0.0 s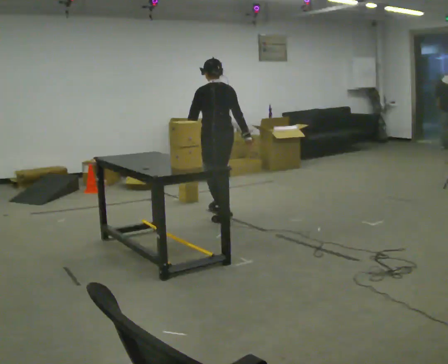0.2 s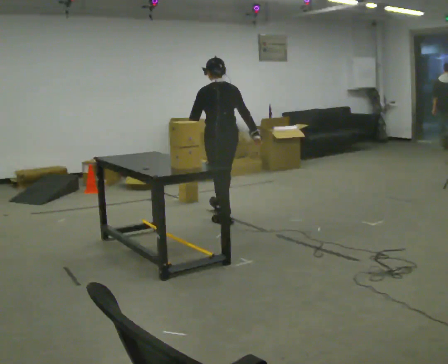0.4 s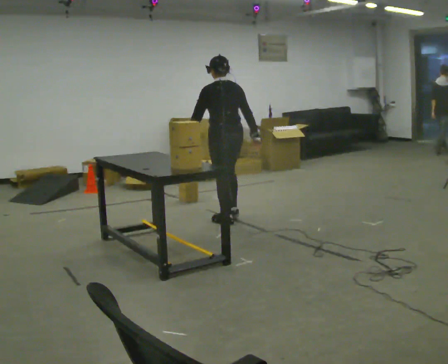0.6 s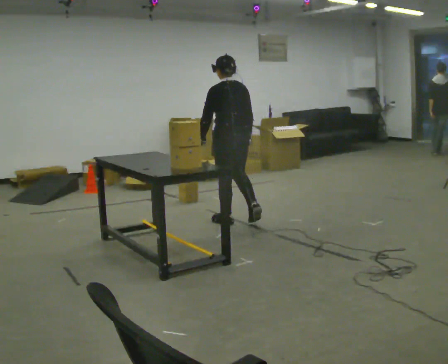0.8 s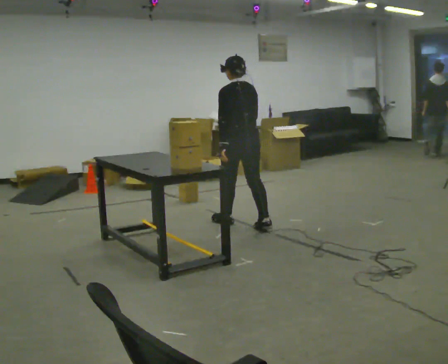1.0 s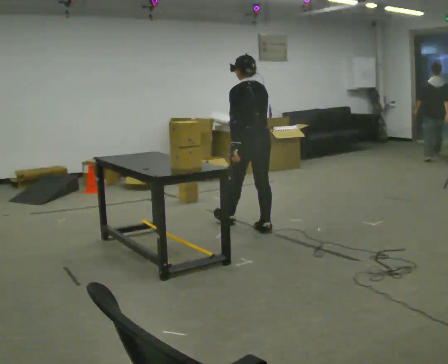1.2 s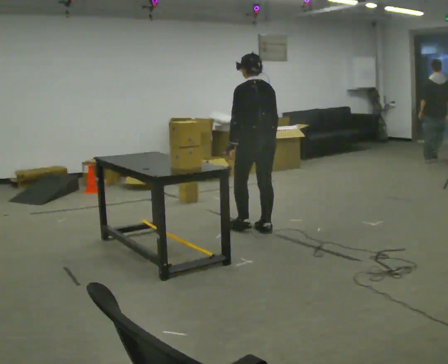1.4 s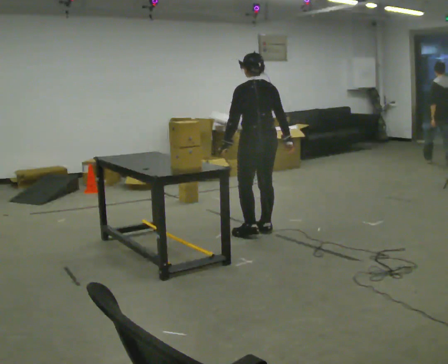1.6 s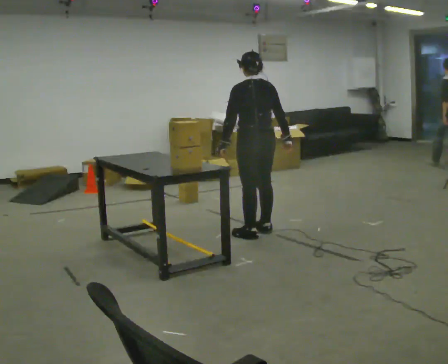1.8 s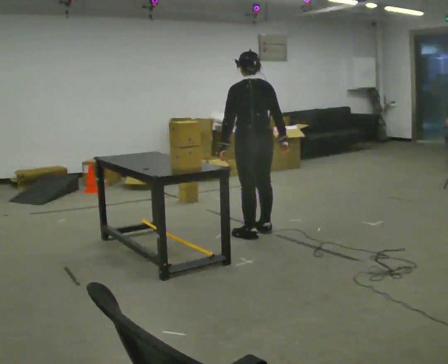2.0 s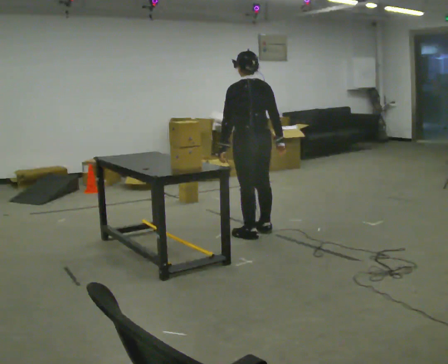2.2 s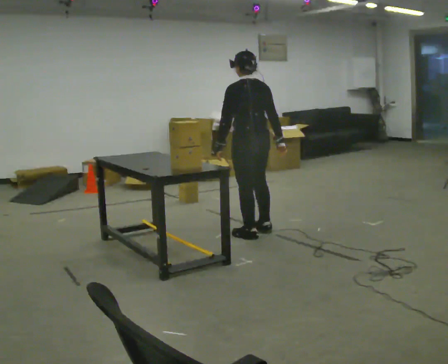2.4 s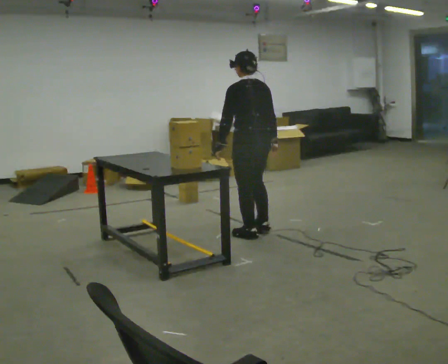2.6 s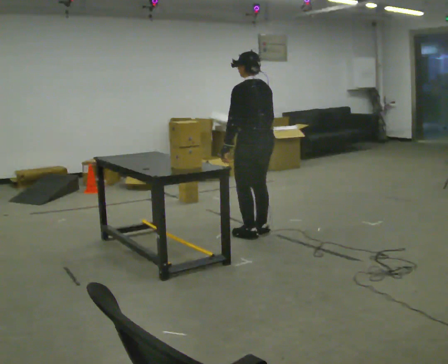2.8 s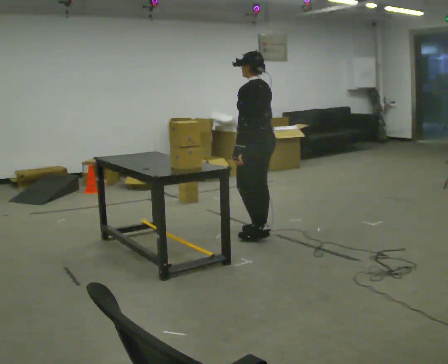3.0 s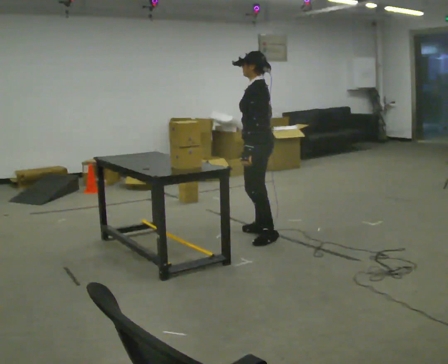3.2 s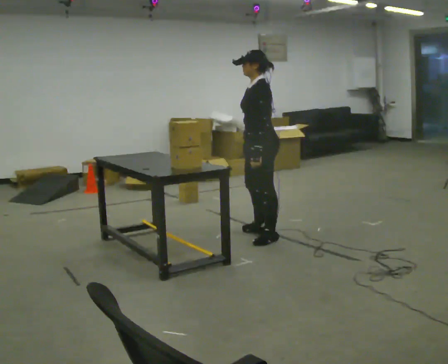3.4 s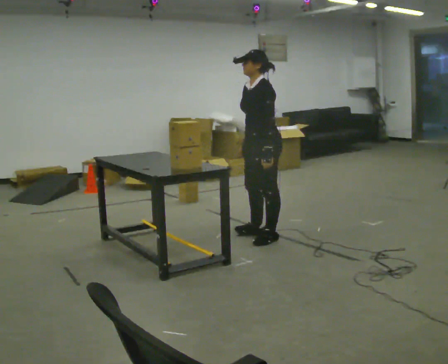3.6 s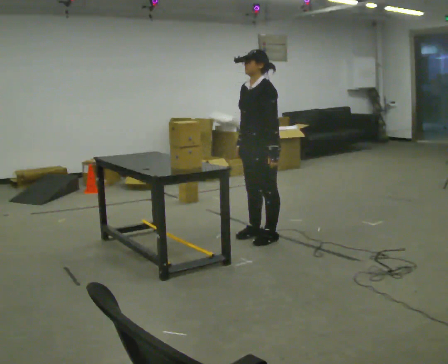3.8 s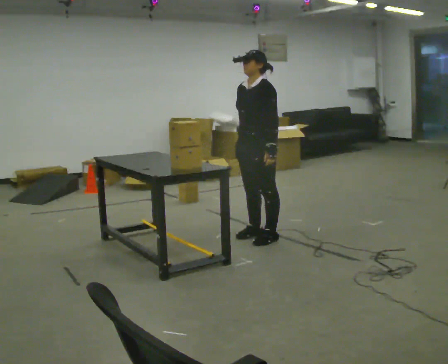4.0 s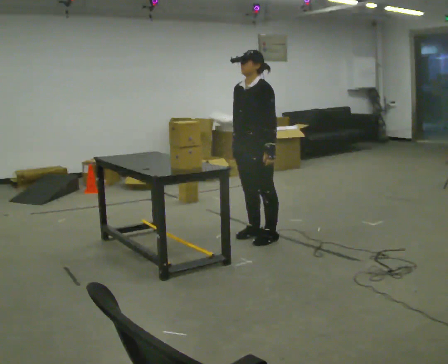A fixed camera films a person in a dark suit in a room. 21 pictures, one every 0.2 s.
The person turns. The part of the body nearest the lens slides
to the right.
The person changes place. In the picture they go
toward the camera.
0.0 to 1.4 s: In the picture they go toward the camera and to the right, about 0.5 m in 2 steps, which for them is backward.
1.4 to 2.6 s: The person moves a little, or ends about where they began.
2.6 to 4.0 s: The person turns about 90 degrees to their left, counterclockwise seen from above, so the part of the body nearest the lens slides to the right. In the picture their left hand goes to the right.
The film runs backward here.
